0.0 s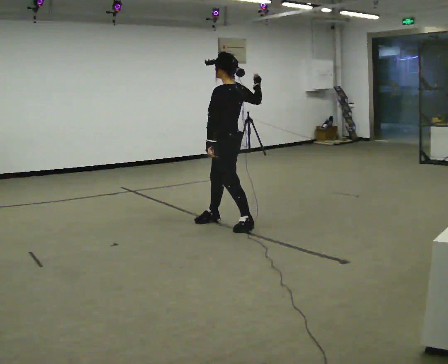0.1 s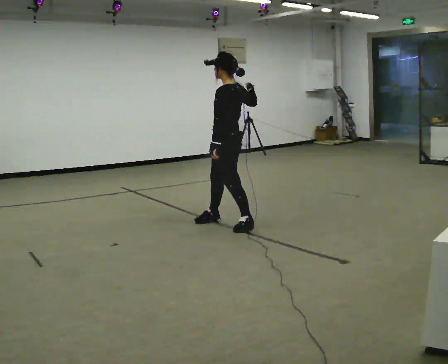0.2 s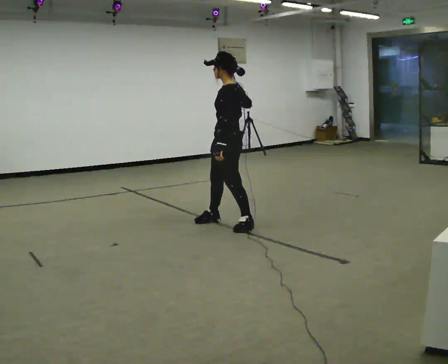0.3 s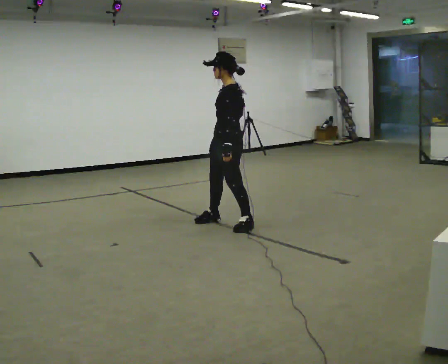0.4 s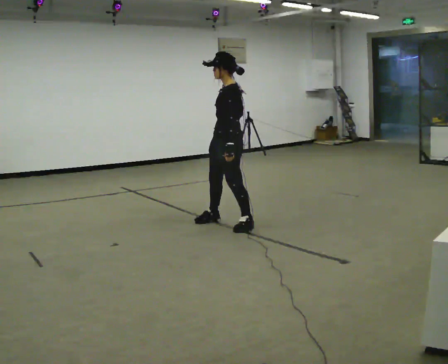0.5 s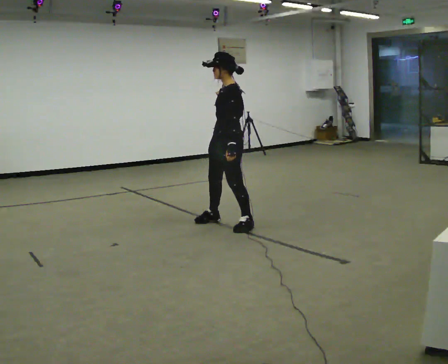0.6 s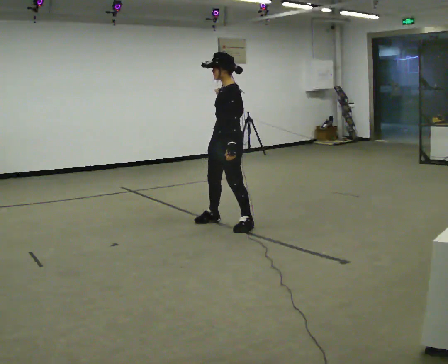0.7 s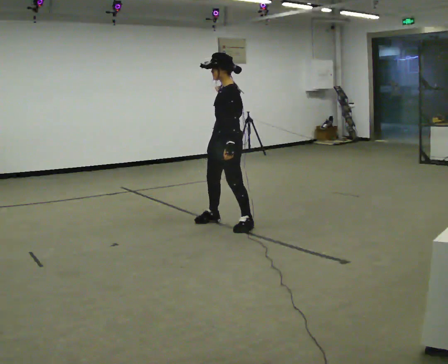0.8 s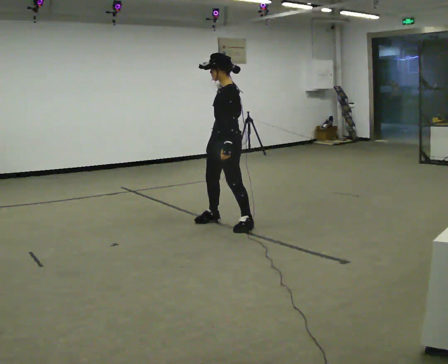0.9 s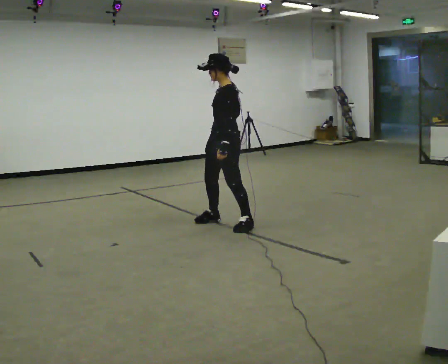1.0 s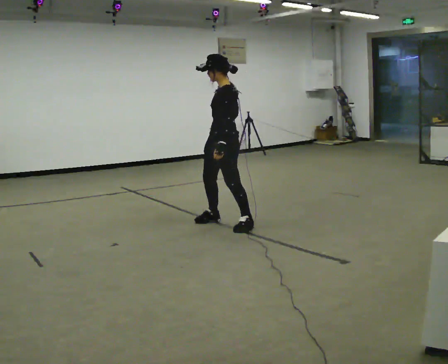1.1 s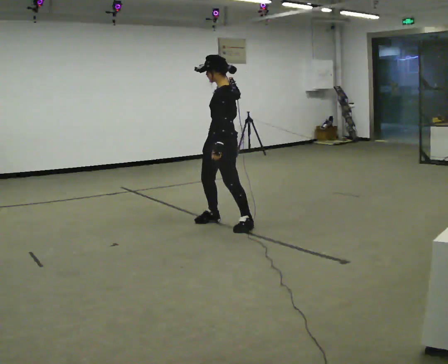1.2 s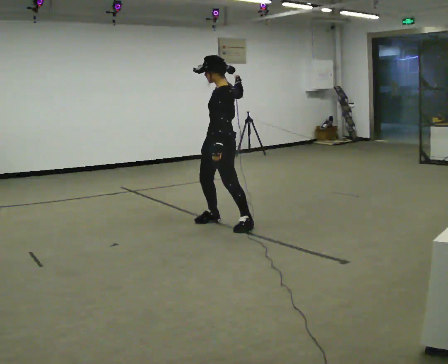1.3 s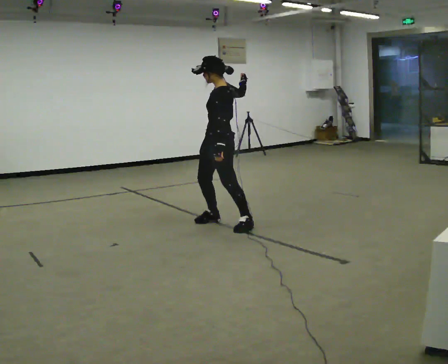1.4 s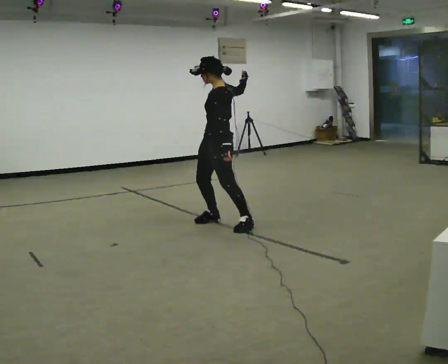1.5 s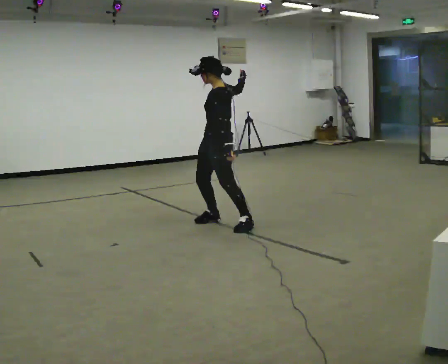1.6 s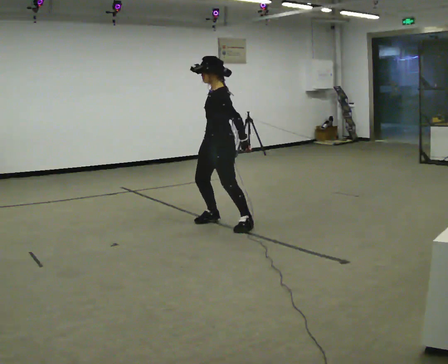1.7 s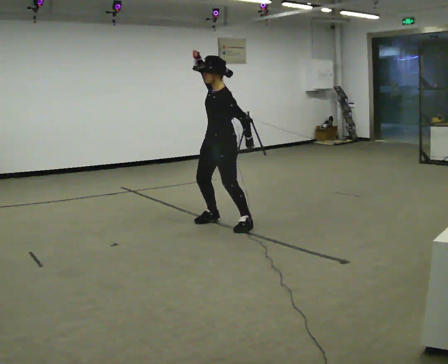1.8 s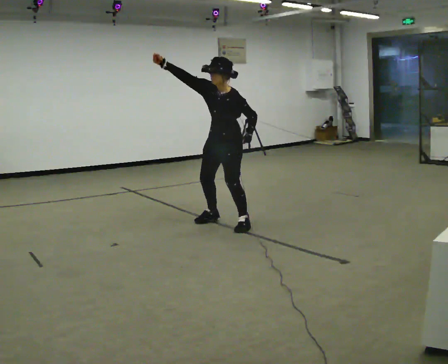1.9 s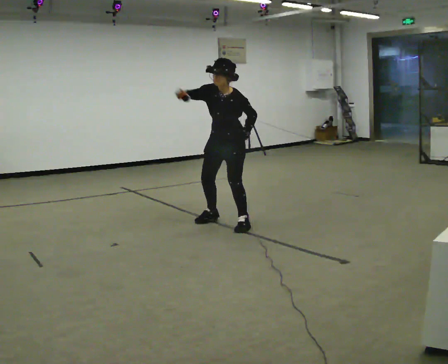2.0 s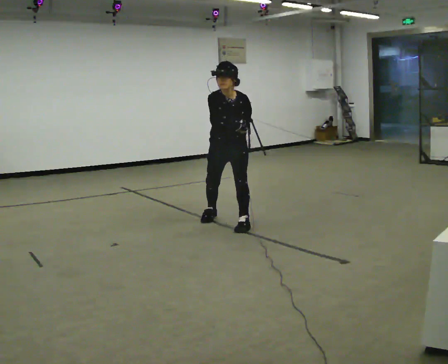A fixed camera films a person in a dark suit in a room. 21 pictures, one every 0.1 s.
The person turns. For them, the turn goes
to their left.
The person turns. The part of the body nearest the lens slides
to the right.
0.0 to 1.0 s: The part of the body nearest the lens slides to the right as the person turns to their left by about 30 degrees.
1.0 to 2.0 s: The person turns about 75 degrees to their left, counterclockwise seen from above, so the part of the body nearest the lens slides to the right. The upper body tips toward the camera, its near side rolling downward, as they bend forward. In the picture their right hand goes downward.
The film runs backward here.
